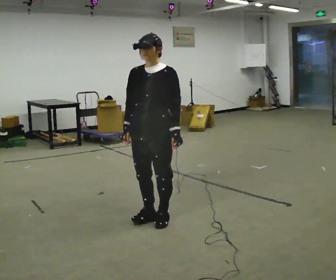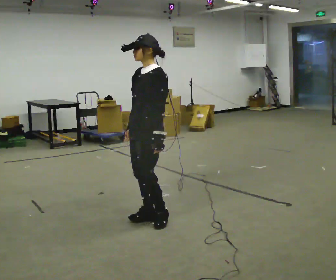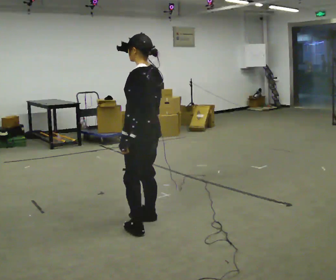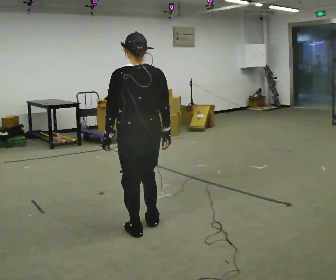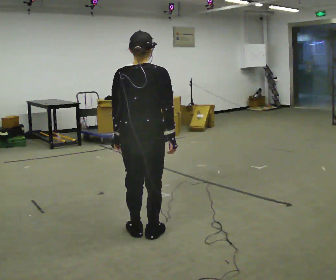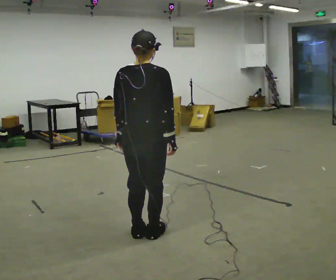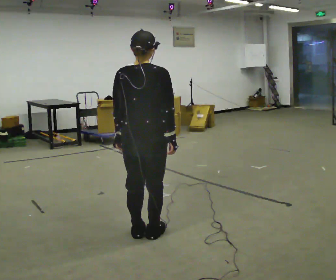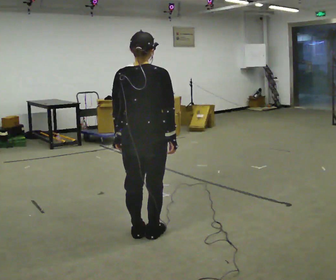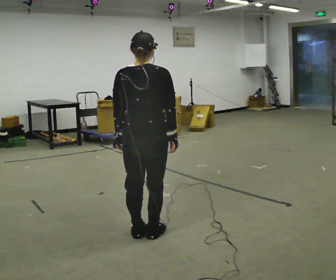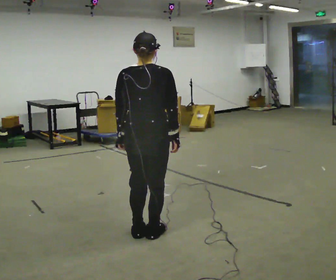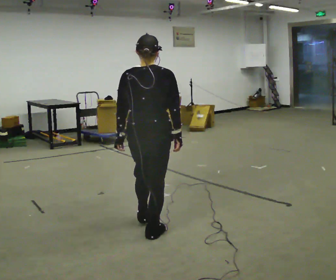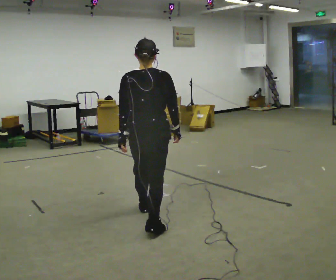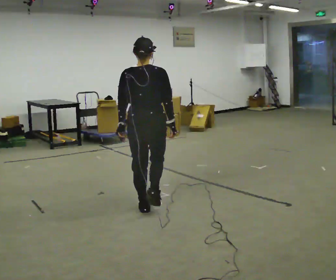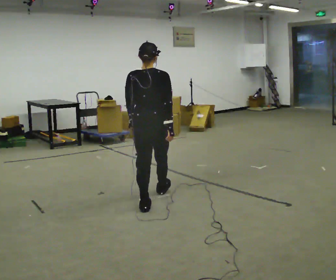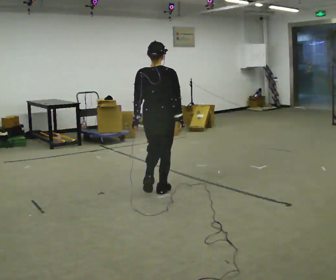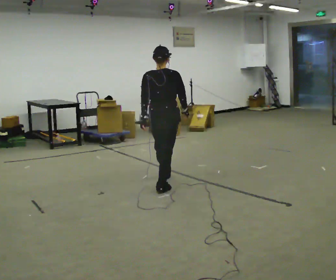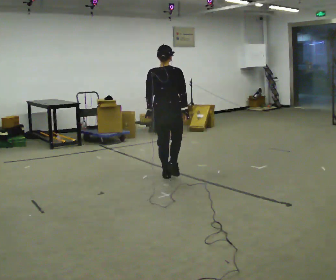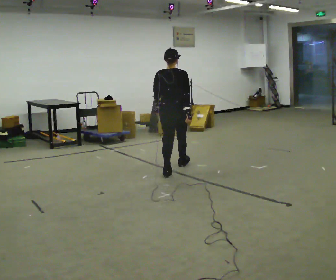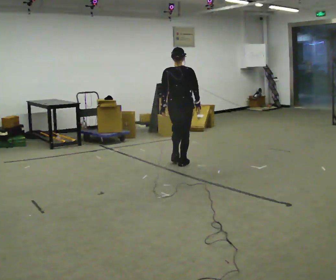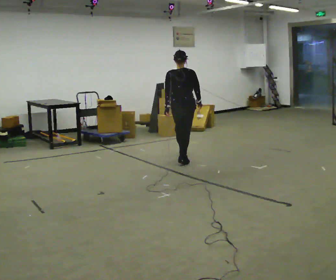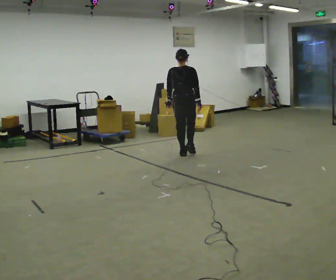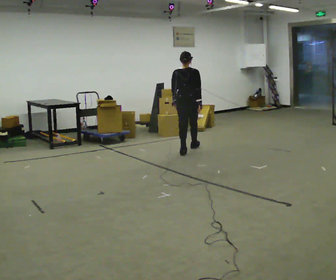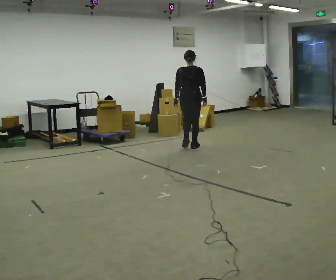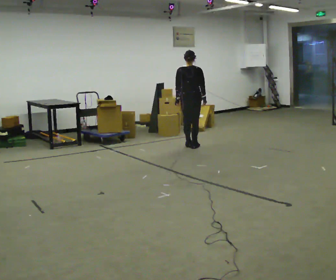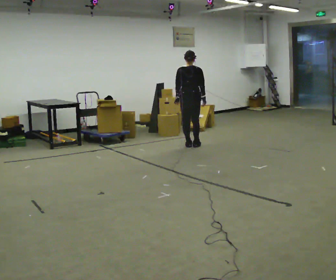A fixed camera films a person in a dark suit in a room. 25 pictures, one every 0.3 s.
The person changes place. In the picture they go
away from the camera.
0.0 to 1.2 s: The person turns about 165 degrees to their right, clockwise seen from above, so the part of the body nearest the lens slides to the left. In the picture they go toward the camera, about 0.25 m in 2 steps.
1.2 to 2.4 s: The person moves a little, or ends about where they began.
2.4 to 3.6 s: In the picture they go away from the camera, about 0.5 m in 1 step, which for them is forward.
3.6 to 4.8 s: In the picture they go away from the camera, about 1 m in 2 steps, which for them is forward.
4.8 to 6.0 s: In the picture they go away from the camera, about 1 m in 2 steps, which for them is forward.
6.0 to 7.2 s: In the picture they go away from the camera, about 0.5 m in 2 steps, which for them is forward.
The film runs forward here.
